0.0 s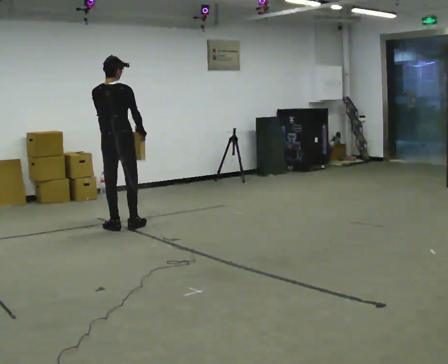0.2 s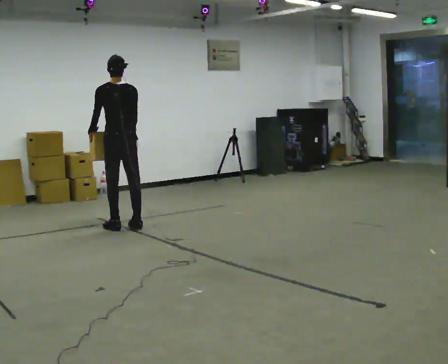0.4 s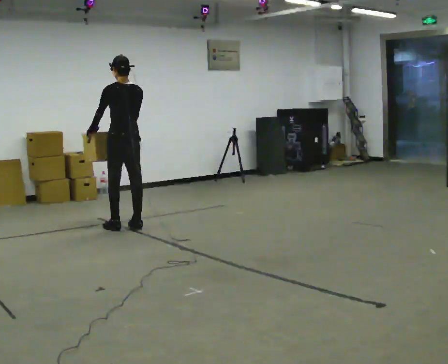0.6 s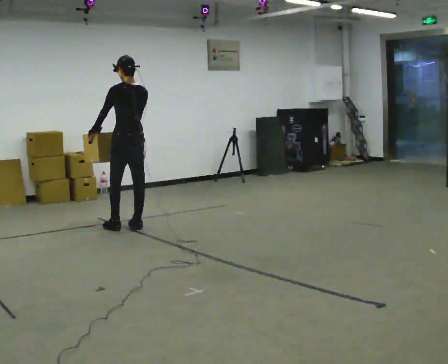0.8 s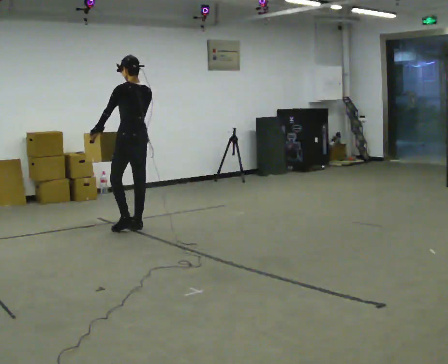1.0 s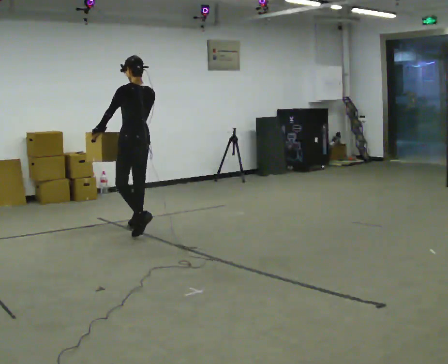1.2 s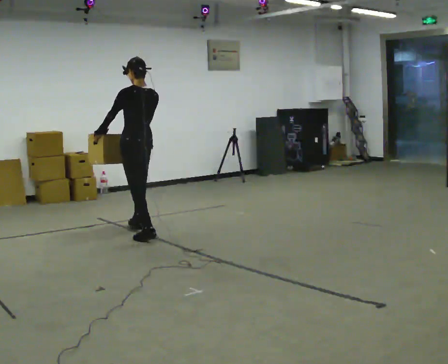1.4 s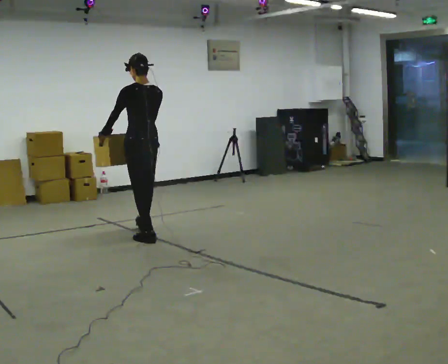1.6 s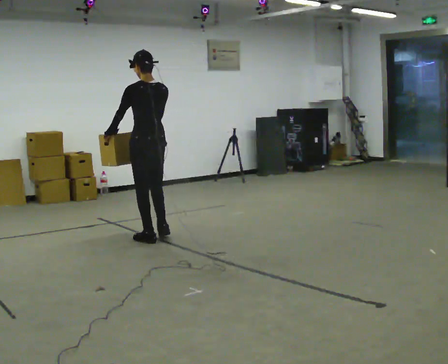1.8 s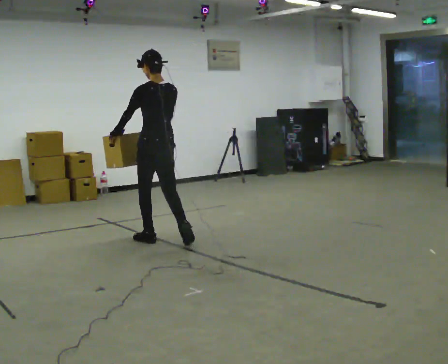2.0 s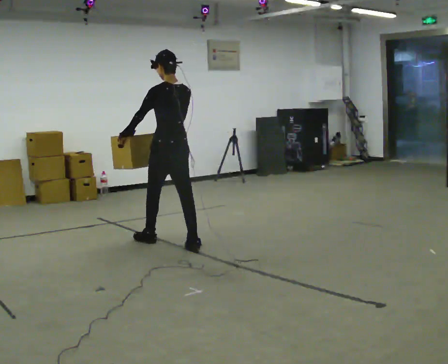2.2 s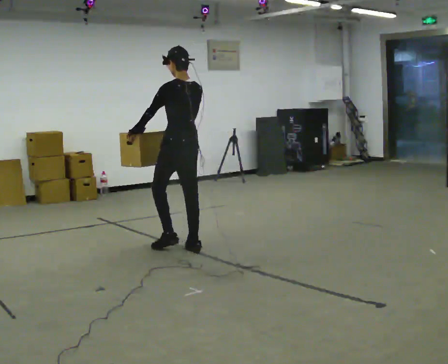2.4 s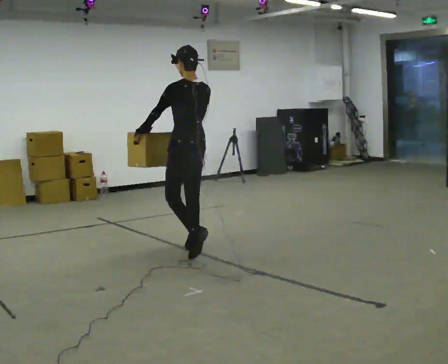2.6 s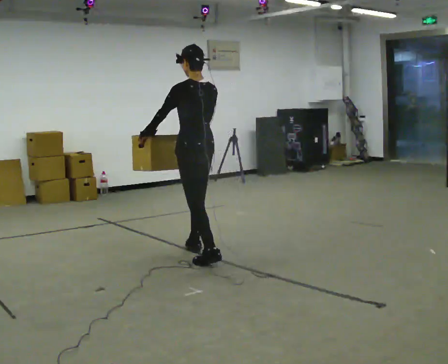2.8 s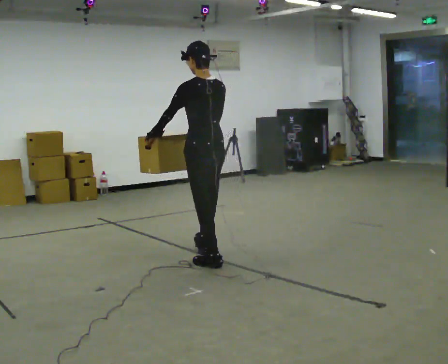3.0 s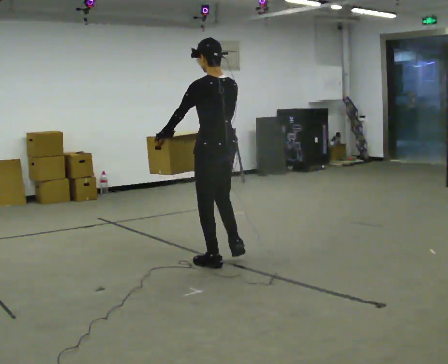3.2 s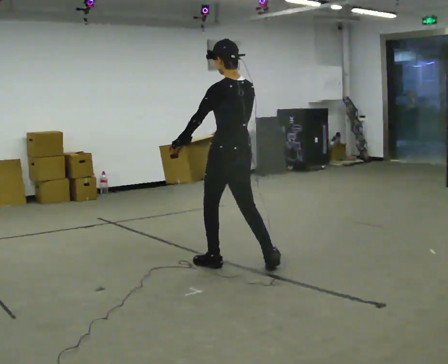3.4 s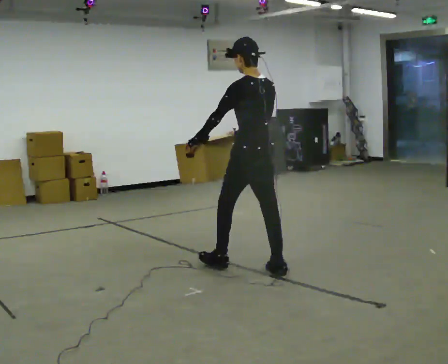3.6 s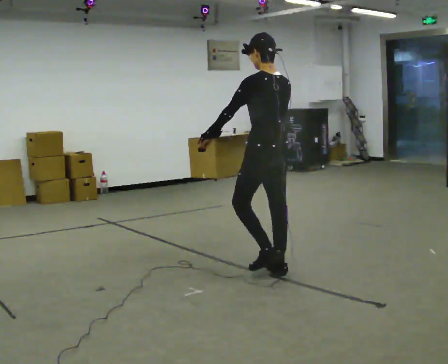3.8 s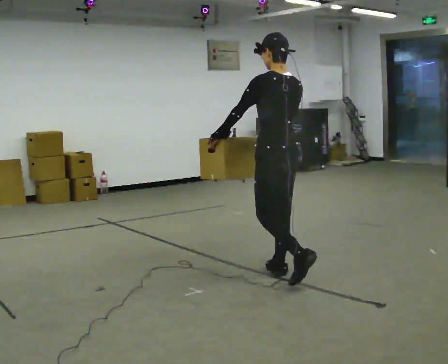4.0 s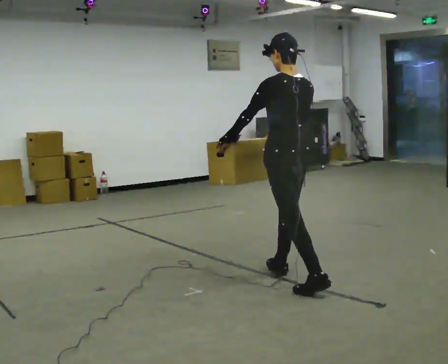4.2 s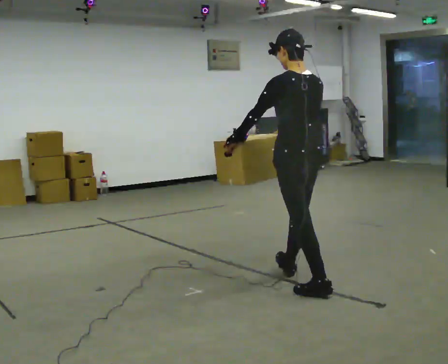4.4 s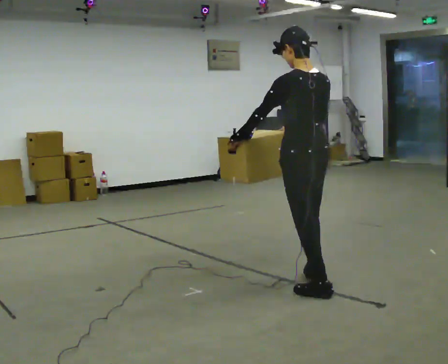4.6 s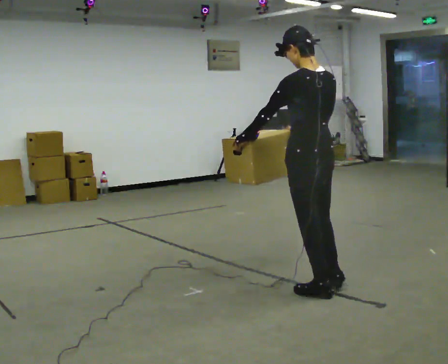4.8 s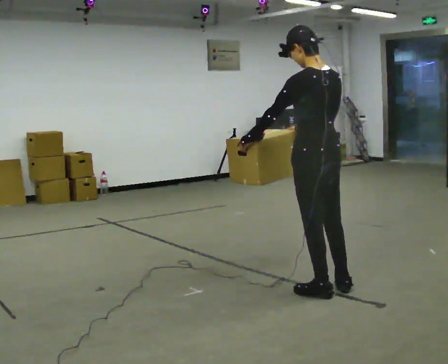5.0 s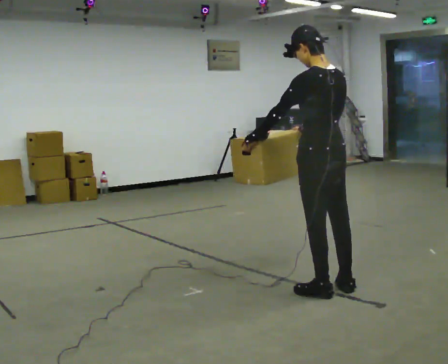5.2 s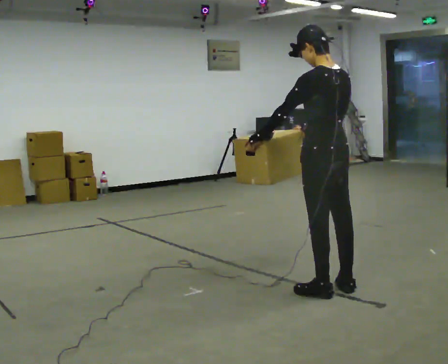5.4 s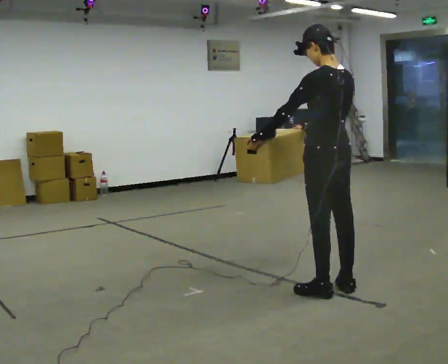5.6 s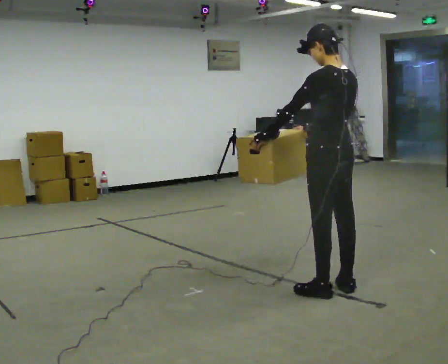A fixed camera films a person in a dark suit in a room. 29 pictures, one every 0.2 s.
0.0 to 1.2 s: Seen from above the body turns counterclockwise, about 45 degrees: to their left, with its near side sliding to the right. In the picture they go to the right and toward the camera, about 0.25 m in 1 step, which for them is backward.
1.2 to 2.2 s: In the picture they go toward the camera and to the right, about 0.5 m in 2 steps, which for them is backward.
2.2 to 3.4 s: In the picture they go toward the camera and to the right, about 1 m in 2 steps, which for them is backward.
3.4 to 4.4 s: In the picture they go toward the camera and to the right, about 0.75 m in 1 step, which for them is backward.
4.4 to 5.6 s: In the picture they go to the right, about 0.25 m, which for them is backward.
The film runs backward here.
